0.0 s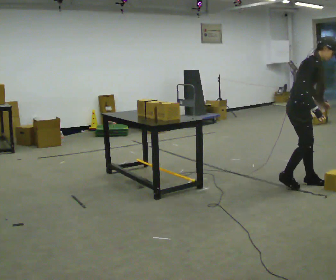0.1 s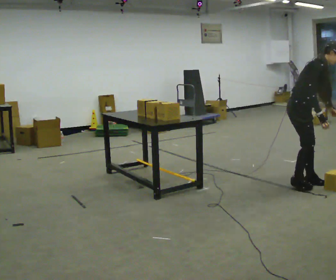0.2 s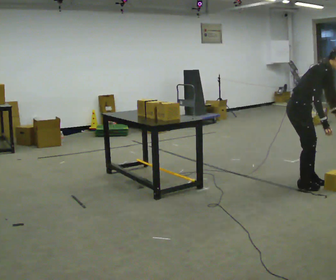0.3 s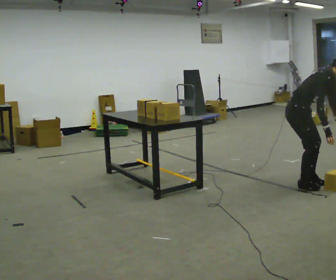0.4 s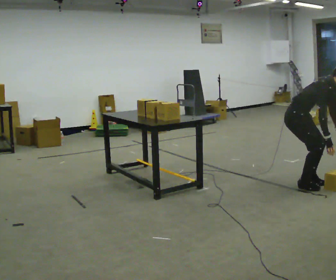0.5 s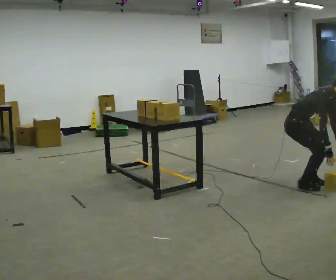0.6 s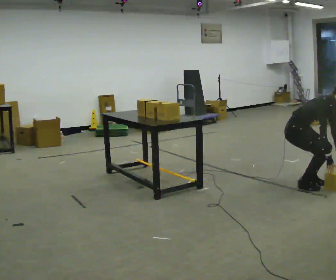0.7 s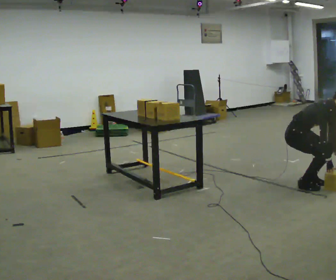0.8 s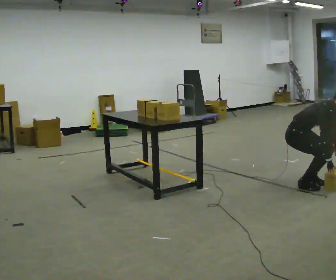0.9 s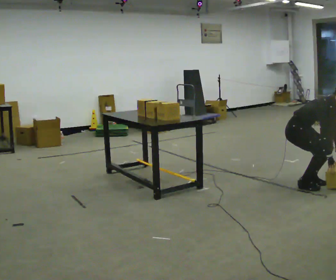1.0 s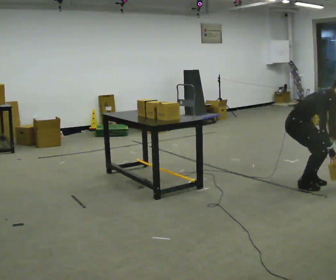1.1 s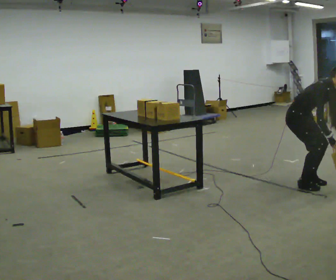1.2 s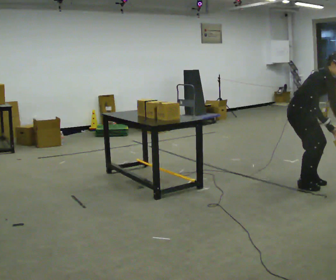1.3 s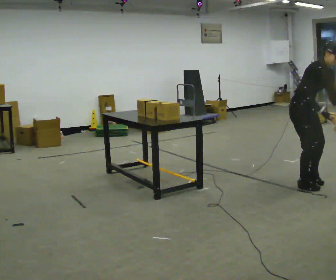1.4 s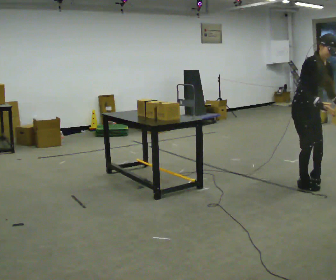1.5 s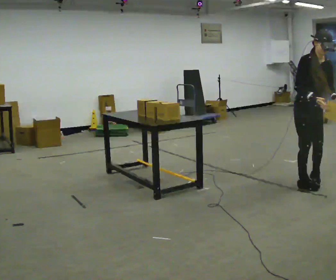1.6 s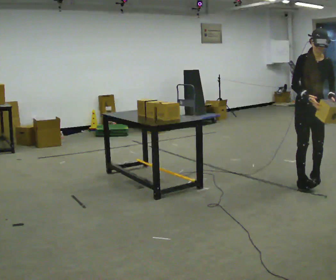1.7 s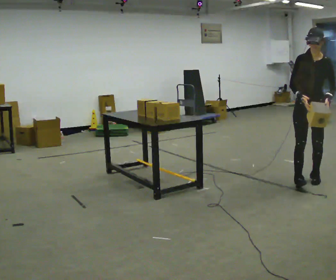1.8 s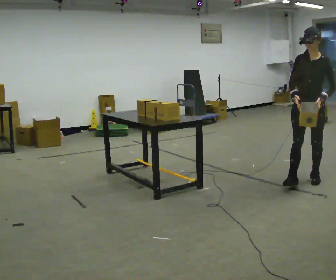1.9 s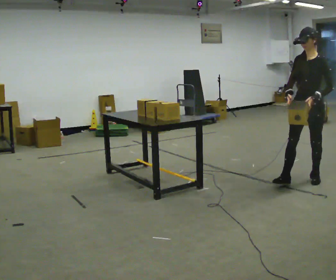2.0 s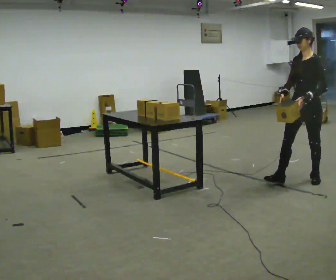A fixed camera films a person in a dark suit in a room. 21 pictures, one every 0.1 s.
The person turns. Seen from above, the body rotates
clockwise.
The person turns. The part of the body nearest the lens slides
to the left.
0.0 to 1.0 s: The upper body tips toward the camera, its near side rolling downward, as they bend forward. In the picture their left hand goes downward.
1.0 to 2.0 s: The person turns about 105 degrees to their right, clockwise seen from above, so the part of the body nearest the lens slides to the left. The shoulders move upward. In the picture the upper body tilts counterclockwise, shoulders to the left, as they lean back or straighten. In the picture their left hand goes upward and to the left.
The film runs forward here.
